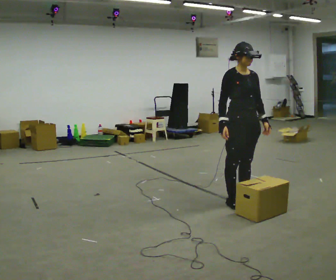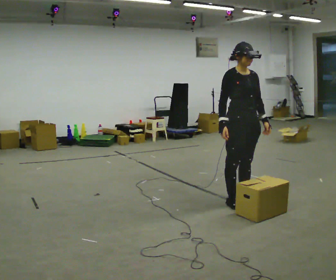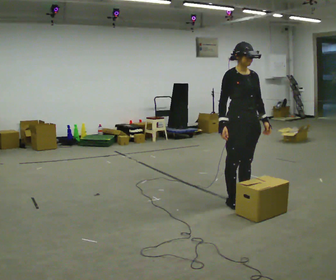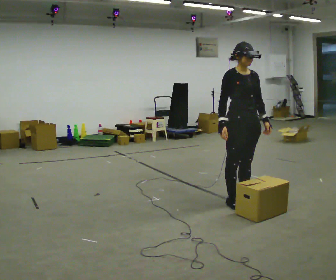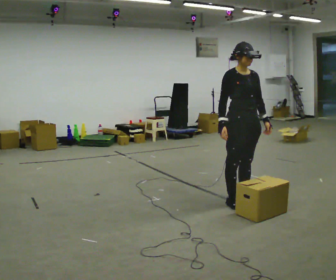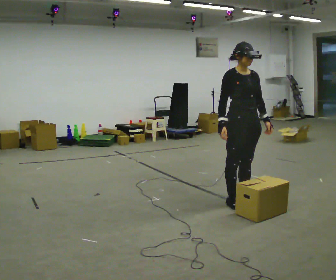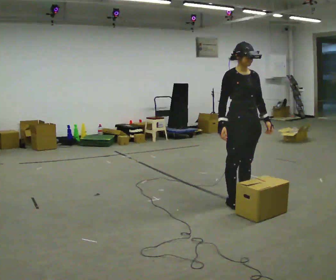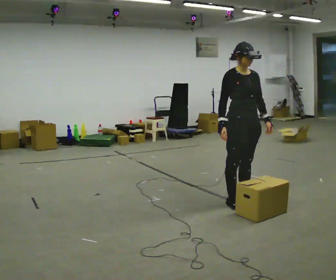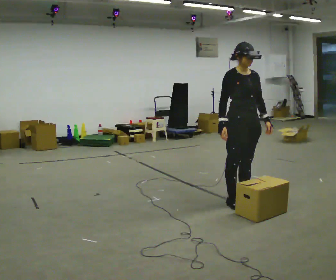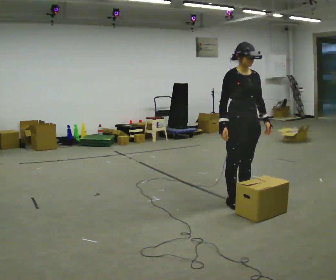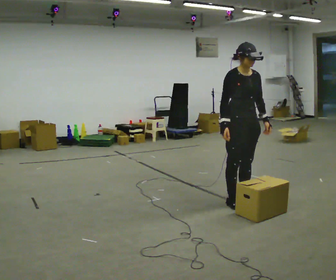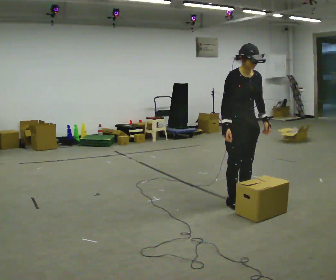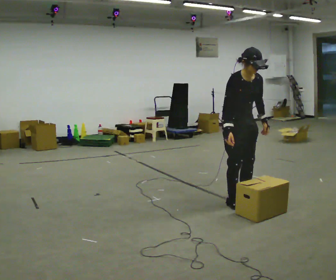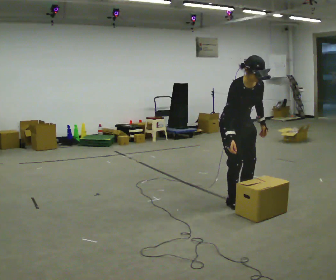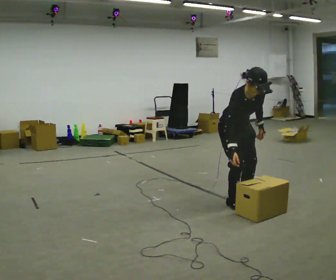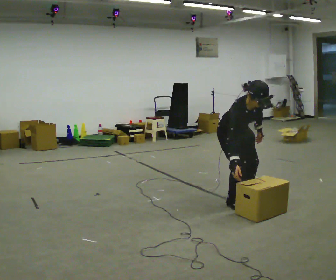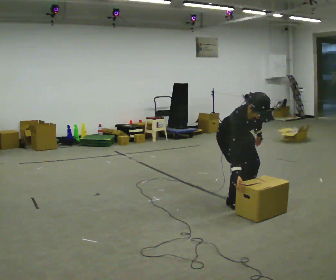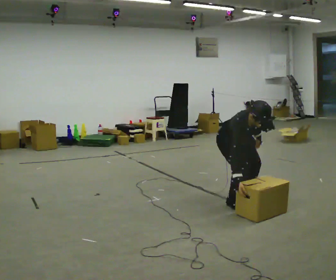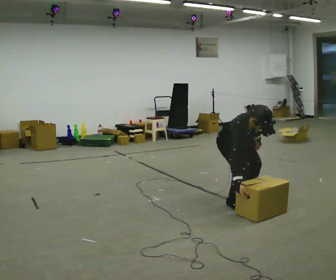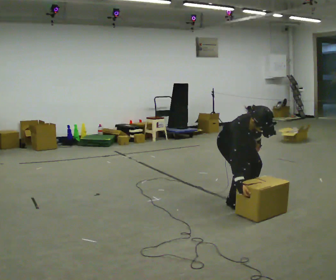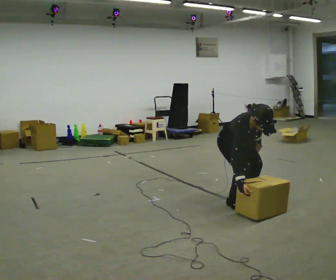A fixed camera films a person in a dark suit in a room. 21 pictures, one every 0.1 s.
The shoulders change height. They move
downward.
The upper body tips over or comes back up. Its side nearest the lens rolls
downward.
0.0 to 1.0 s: The person moves a little, or ends about where they began.
1.0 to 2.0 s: The shoulders move downward. The upper body tips toward the camera, its near side rolling downward, as they bend forward.
The film runs forward here.
